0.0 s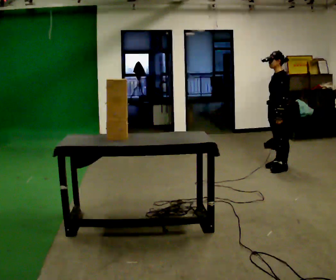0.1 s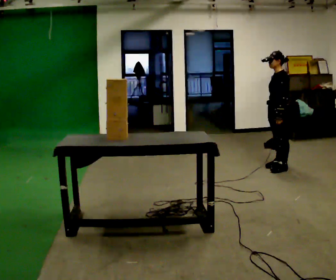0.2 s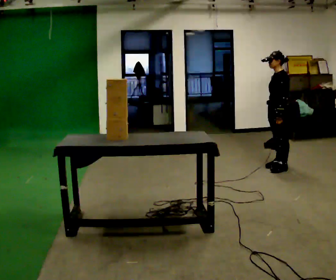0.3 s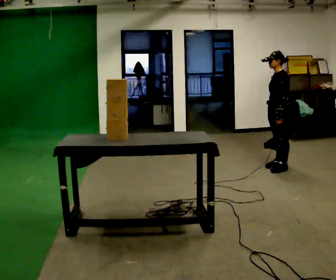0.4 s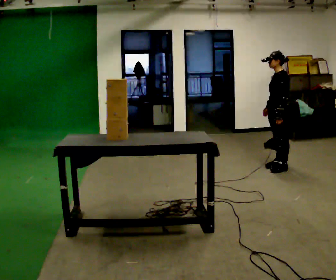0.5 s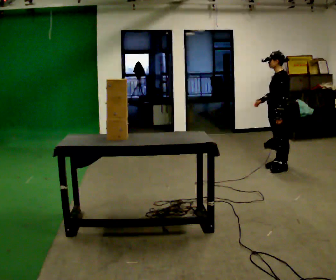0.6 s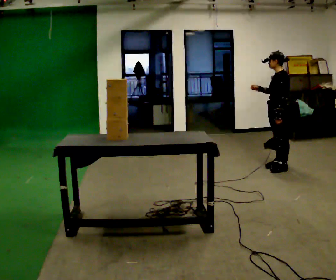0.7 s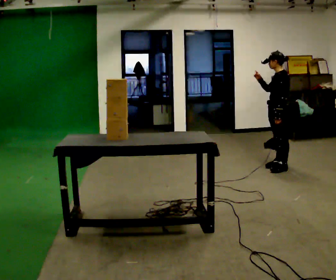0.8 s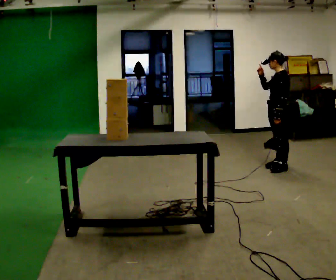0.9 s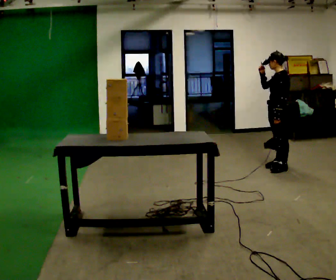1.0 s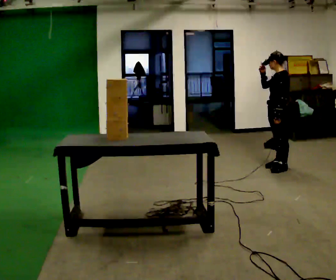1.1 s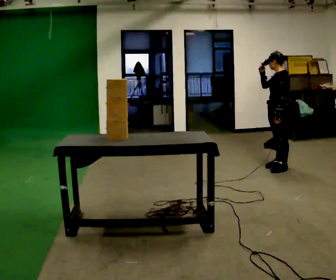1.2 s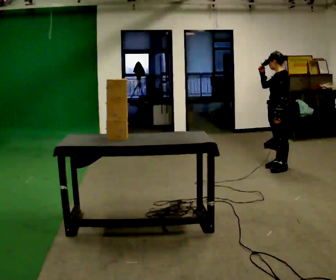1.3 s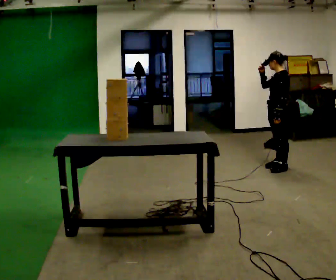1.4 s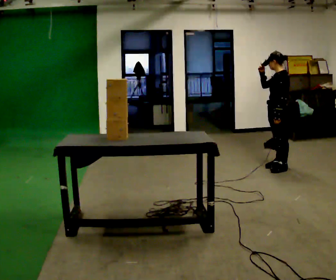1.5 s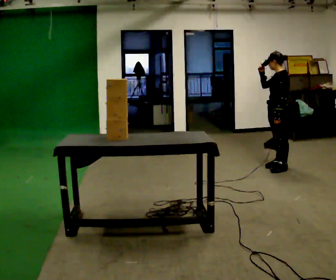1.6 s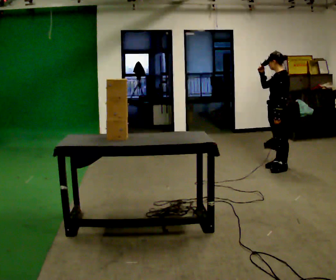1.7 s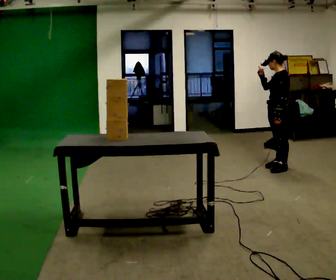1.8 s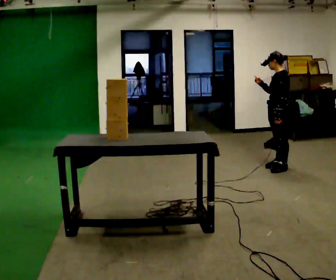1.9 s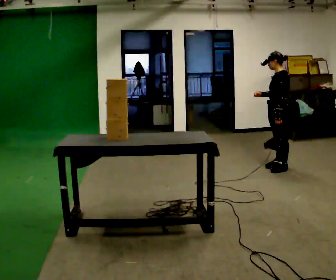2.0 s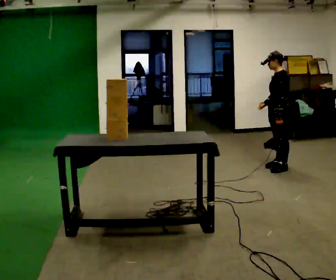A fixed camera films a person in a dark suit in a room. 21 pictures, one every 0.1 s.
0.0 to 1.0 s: In the picture their right hand goes upward.
1.0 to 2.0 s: In the picture their right hand goes downward.
The film runs forward here.
